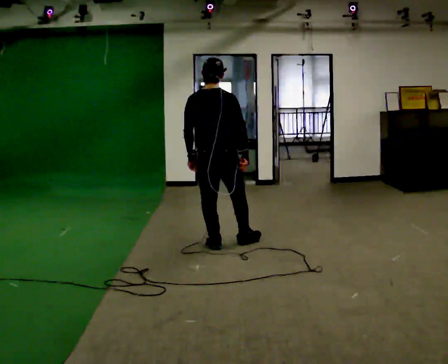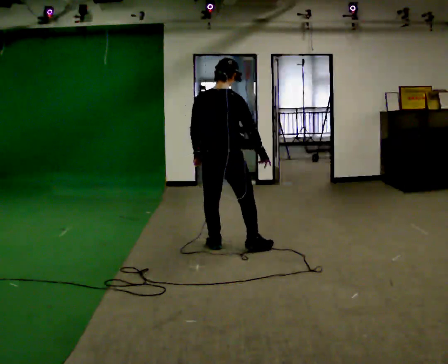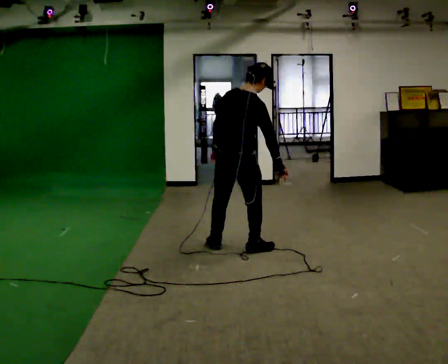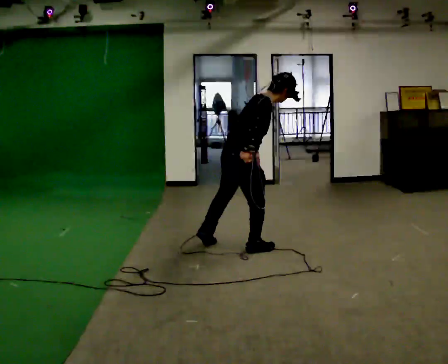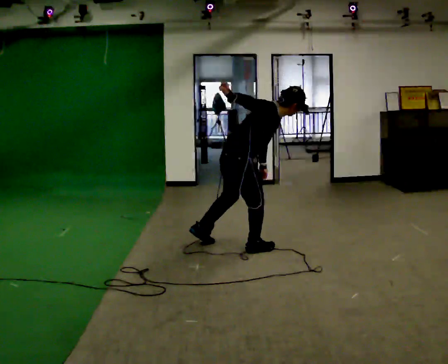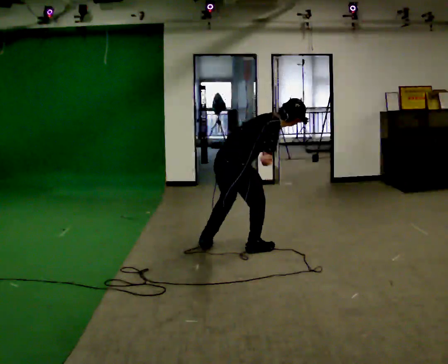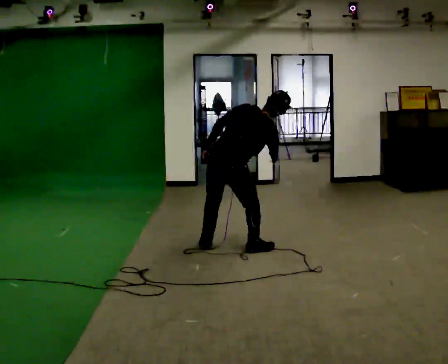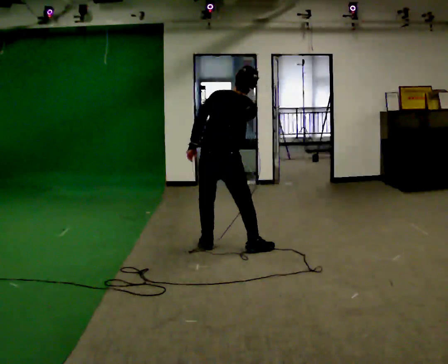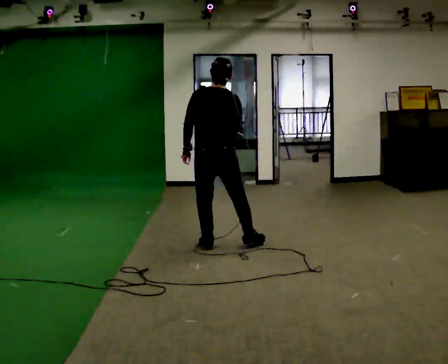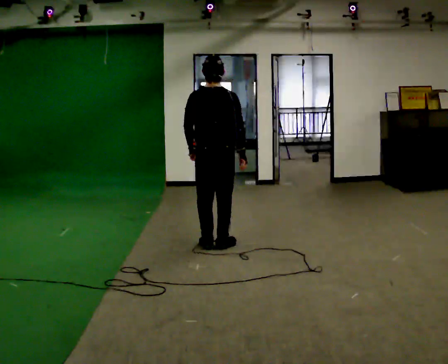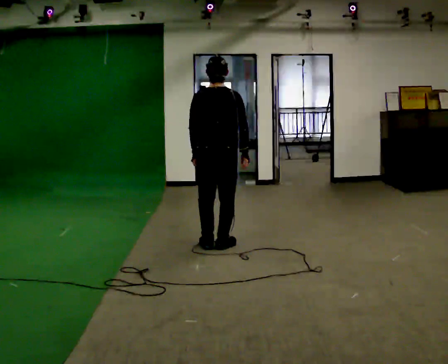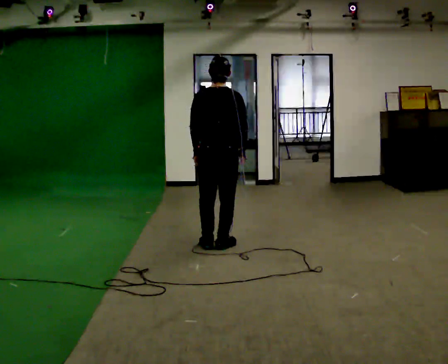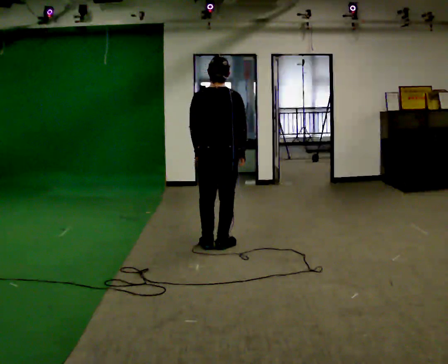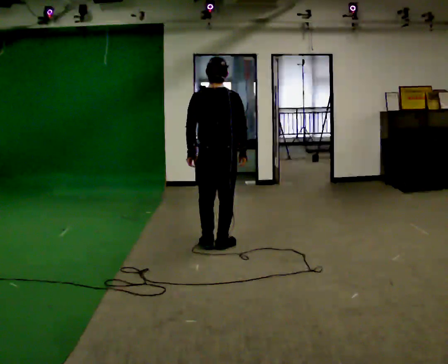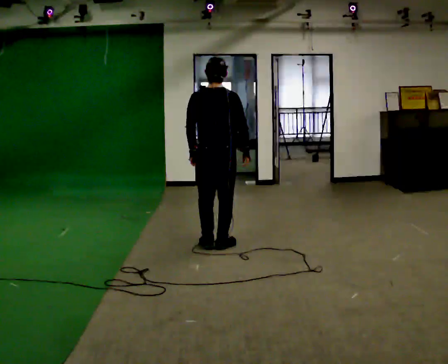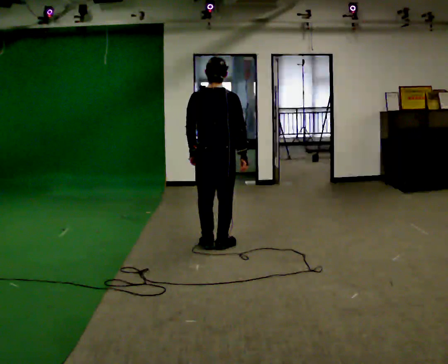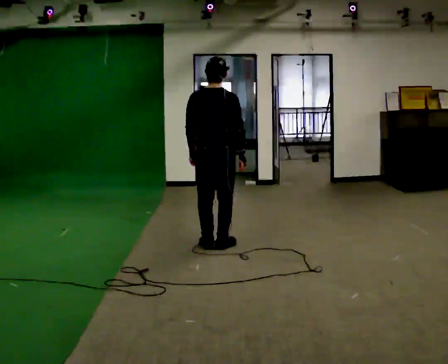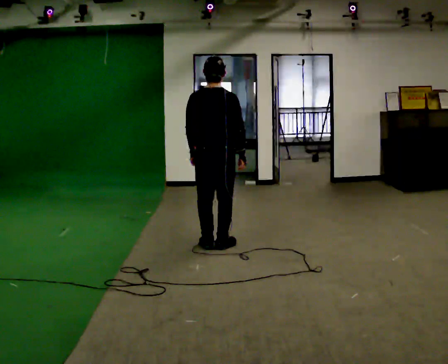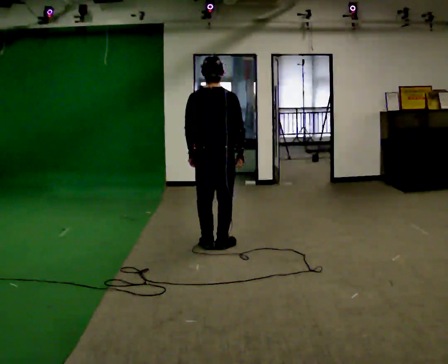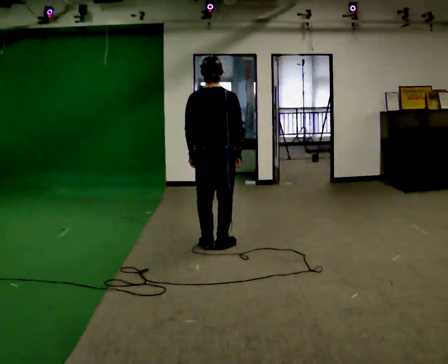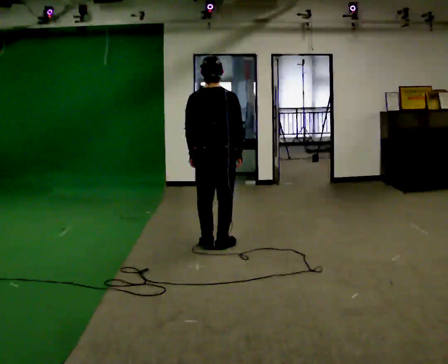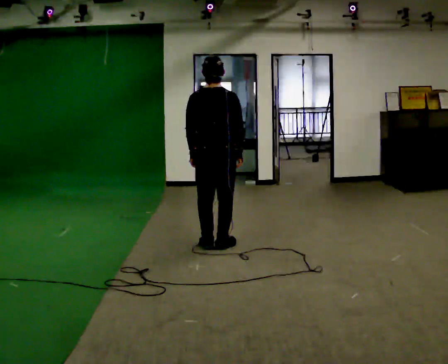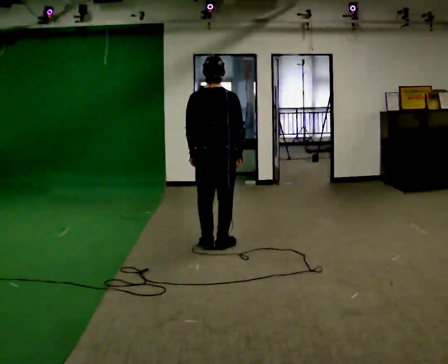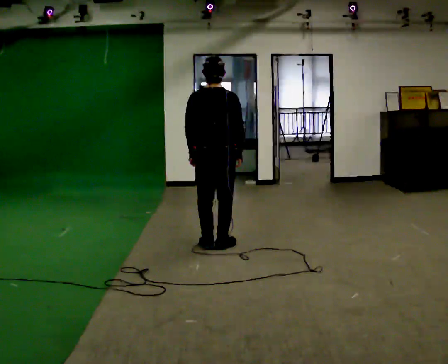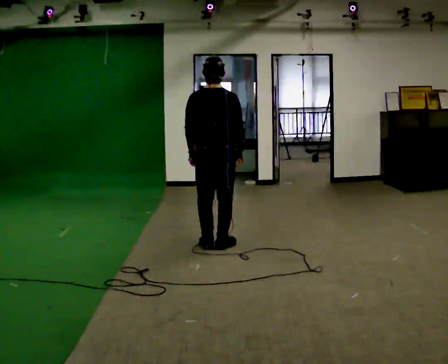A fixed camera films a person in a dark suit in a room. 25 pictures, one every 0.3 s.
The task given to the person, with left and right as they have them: Mime a bowling delivery with no ball: approach in place, swing down and release. Repeat the movement at your own pace until the operator says stop; do not rush.
0.0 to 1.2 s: The part of the body nearest the lens slides to the left as the person turns to their right by about 75 degrees. The shoulders move downward. In the picture the upper body tilts clockwise, shoulders to the right, as they bend forward. In the picture their right hand goes upward.
1.2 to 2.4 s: Seen from above the body turns counterclockwise, about 75 degrees: to their left, with its near side sliding to the right. In the picture they go to the left, about 0.25 m in 1 step. In the picture the upper body tilts counterclockwise, shoulders to the left, as they lean back or straighten. In the picture their right hand goes downward.
2.4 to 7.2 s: The person moves a little, or ends about where they began.
The film runs forward here.
